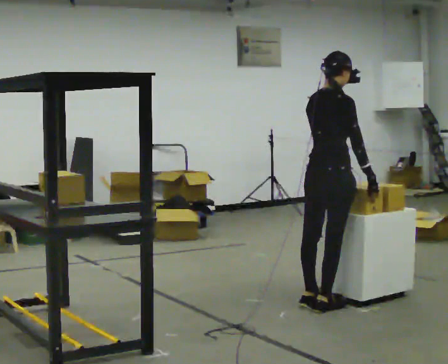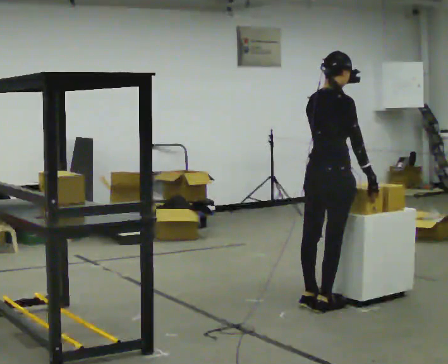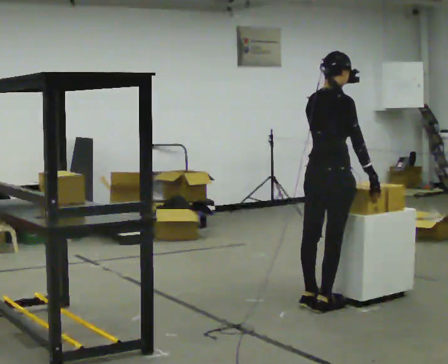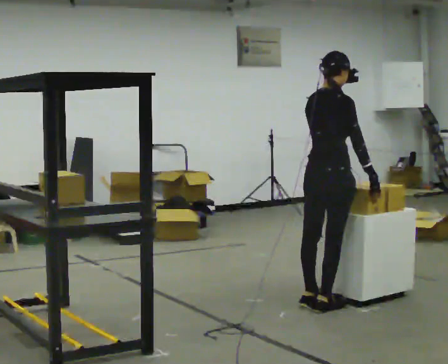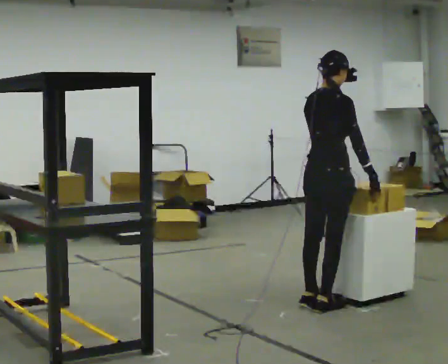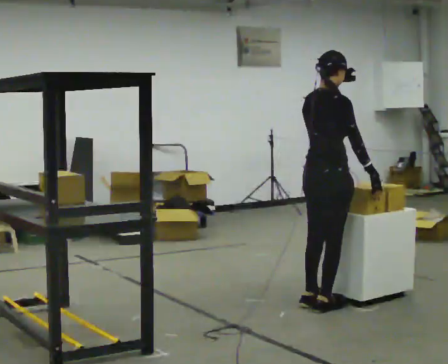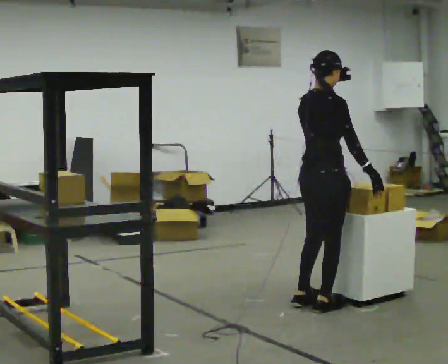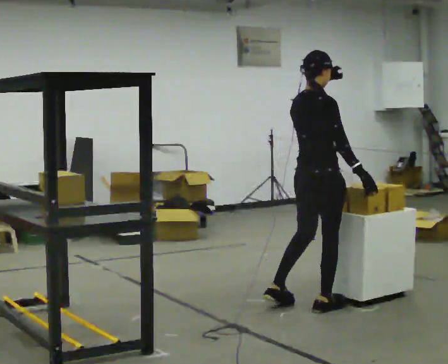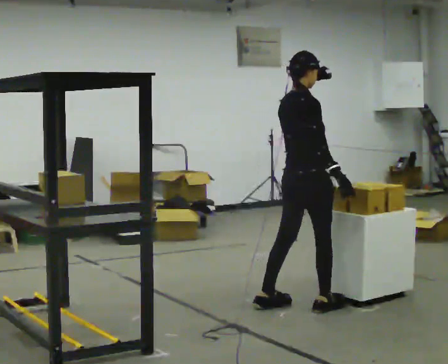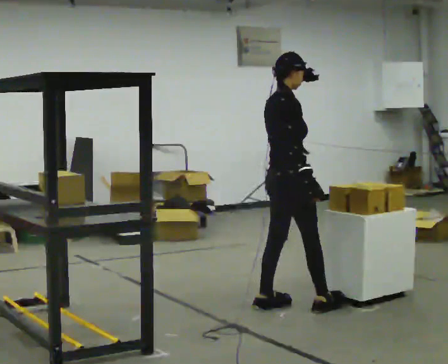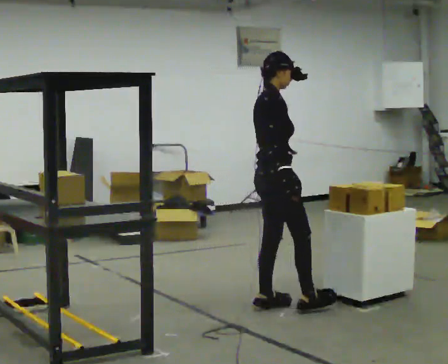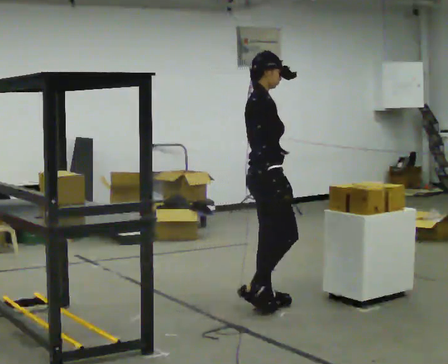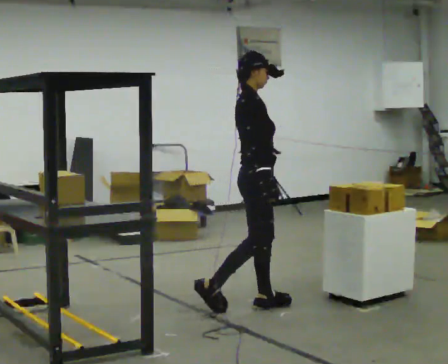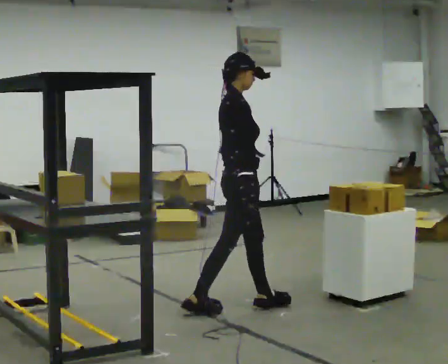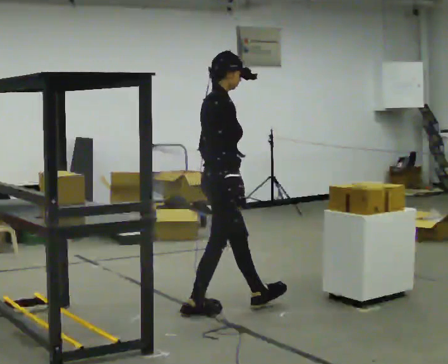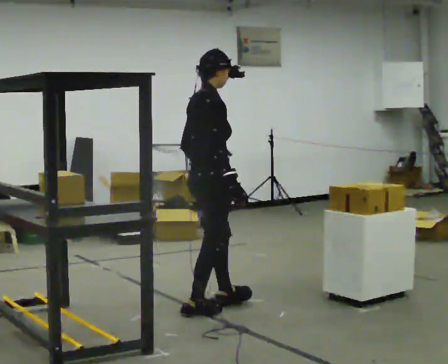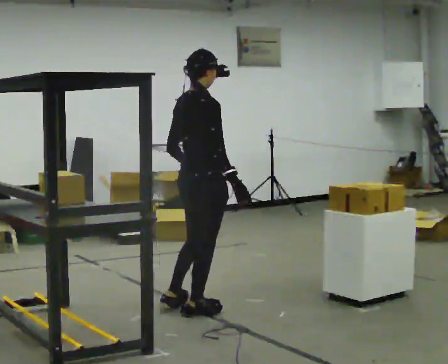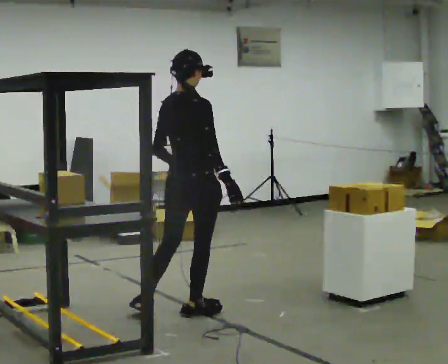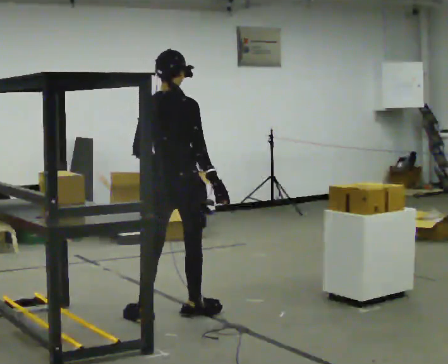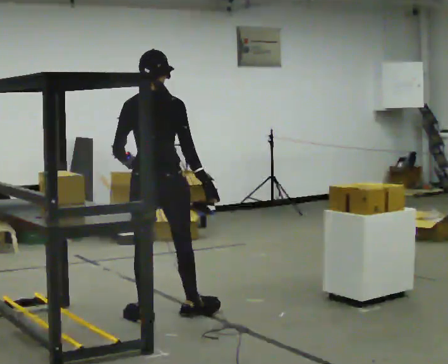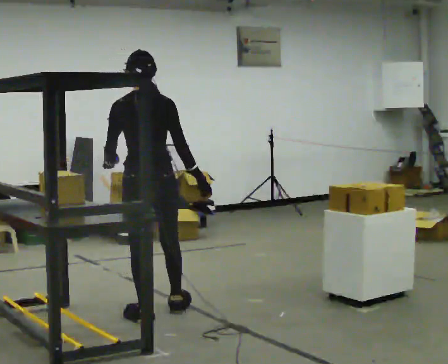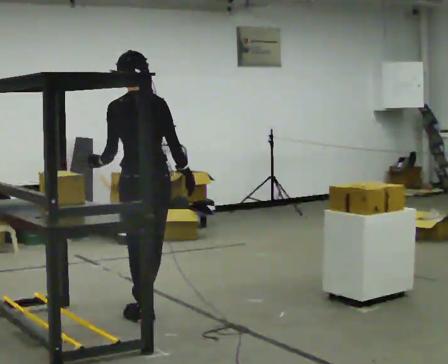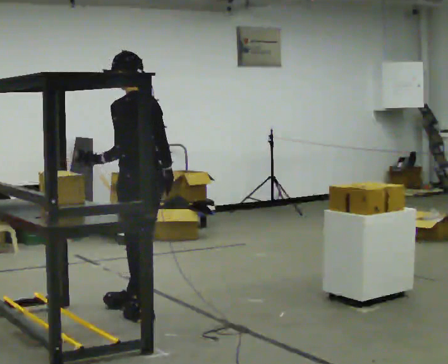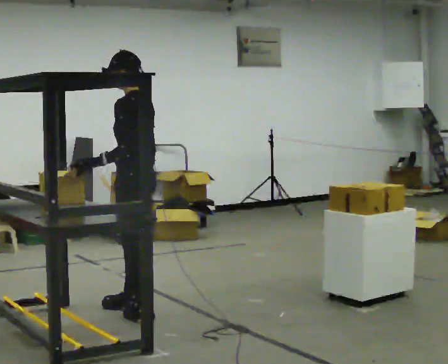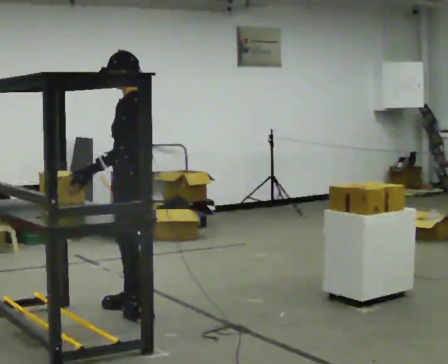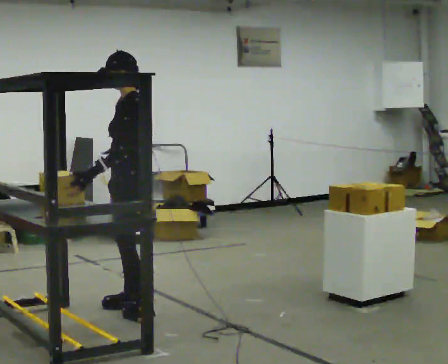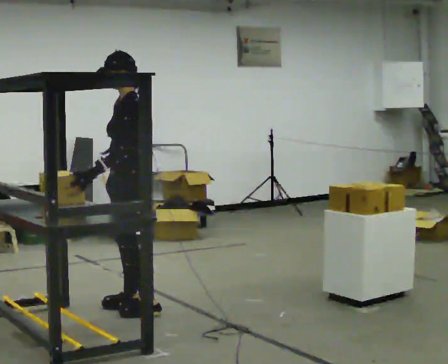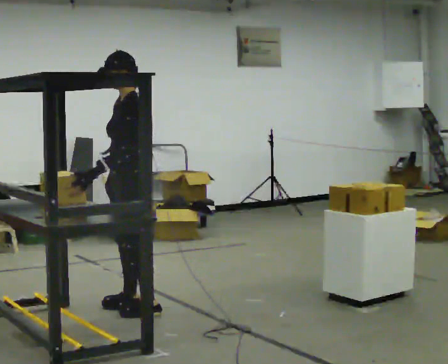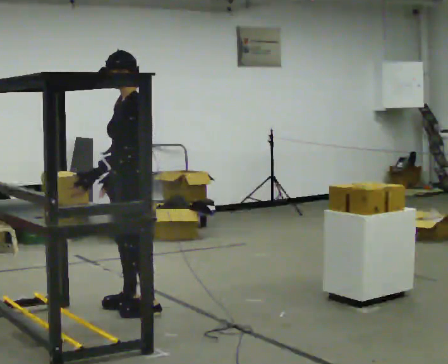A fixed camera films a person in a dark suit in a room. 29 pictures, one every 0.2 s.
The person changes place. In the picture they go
to the left.
0.0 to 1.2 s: The person moves a little, or ends about where they began.
1.2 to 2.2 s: The person turns about 30 degrees to their right, clockwise seen from above, so the part of the body nearest the lens slides to the left. In the picture they go to the left, about 0.25 m in 1 step, which for them is backward and to their left.
2.2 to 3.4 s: Seen from above the body turns counterclockwise, about 45 degrees: to their left, with its near side sliding to the right. In the picture they go to the left and toward the camera, about 0.5 m in 1 step, which for them is backward and to their right.
3.4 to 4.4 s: The part of the body nearest the lens slides to the right as the person turns to their left by about 75 degrees. In the picture they go to the left, about 0.25 m in 1 step.
4.4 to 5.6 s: Seen from above the body turns counterclockwise, about 60 degrees: to their left, with its near side sliding to the right. In the picture they go away from the camera, about 0.25 m, which for them is to their right. In the picture their right hand goes to the left.
The film runs backward here.
